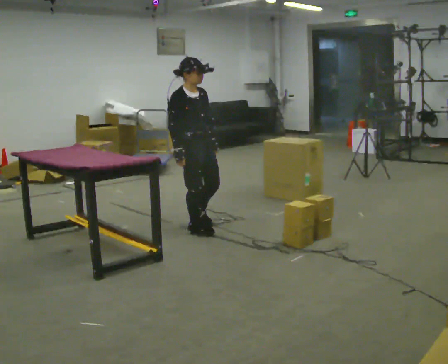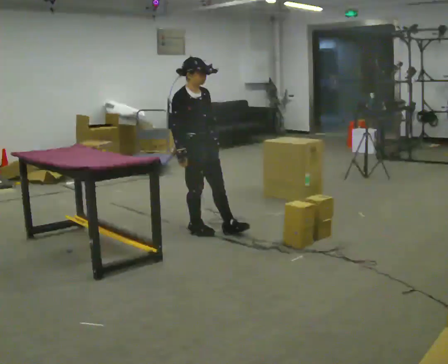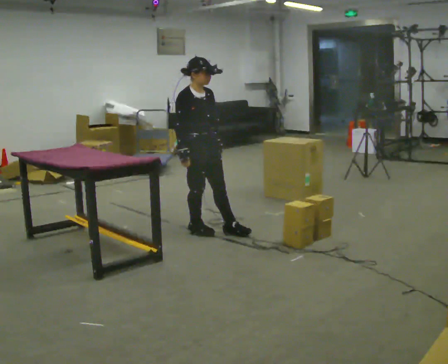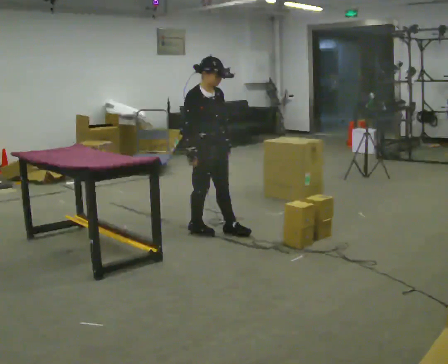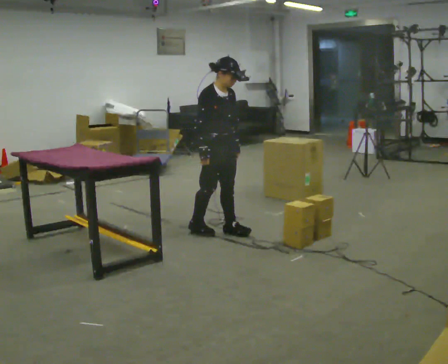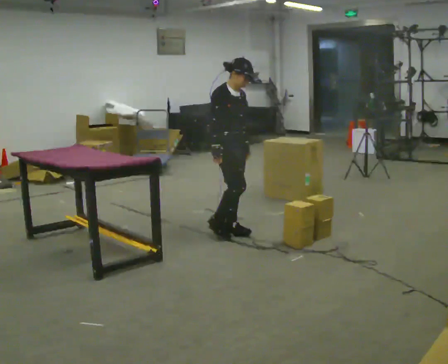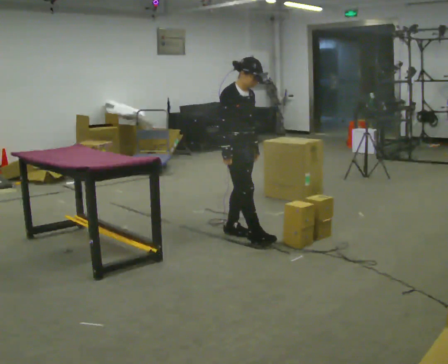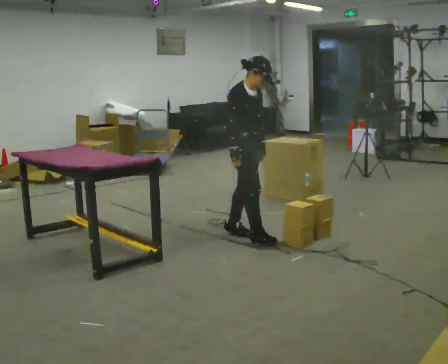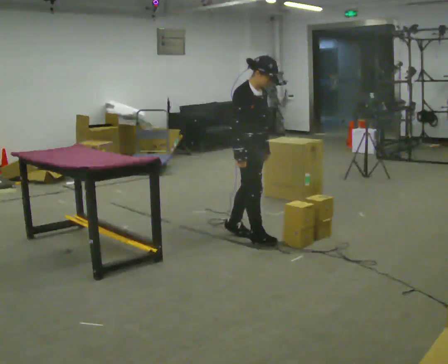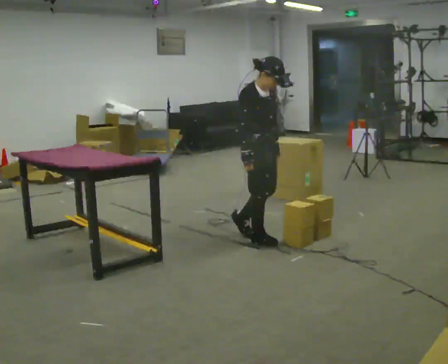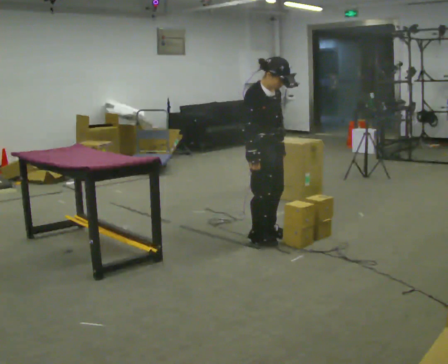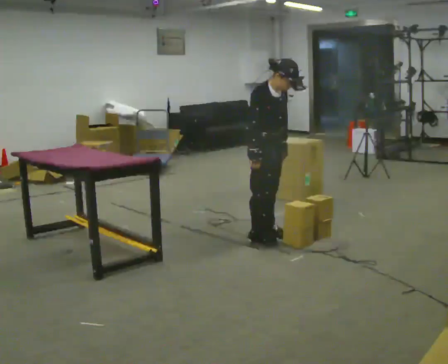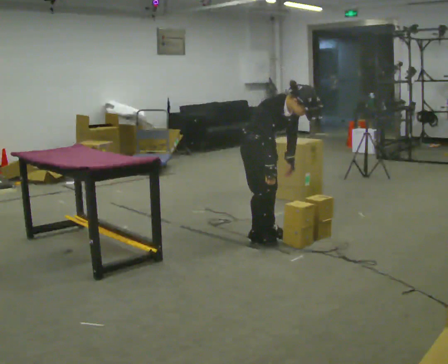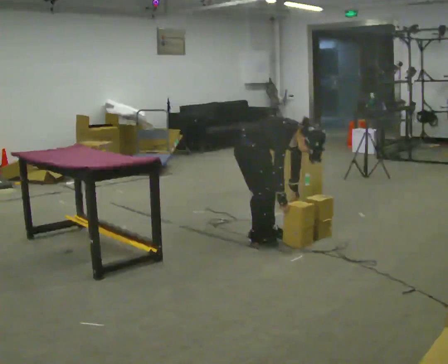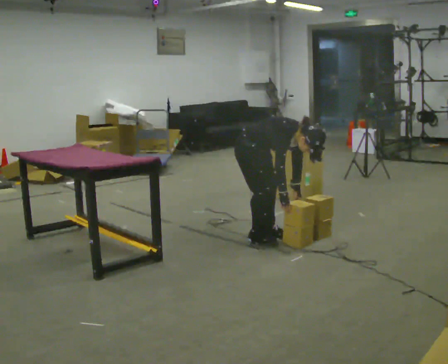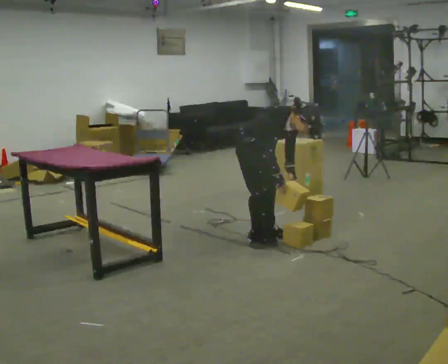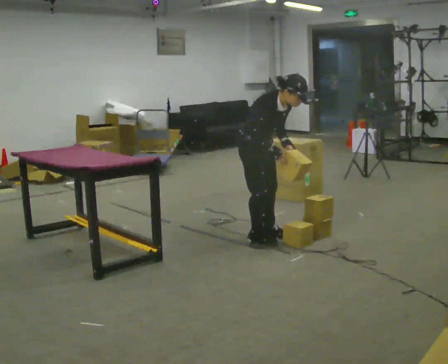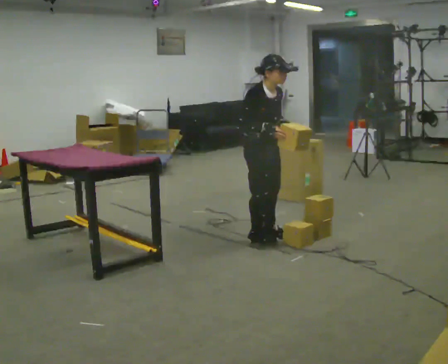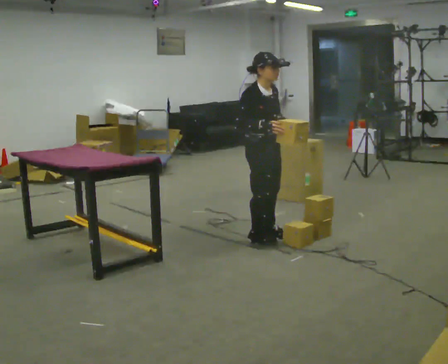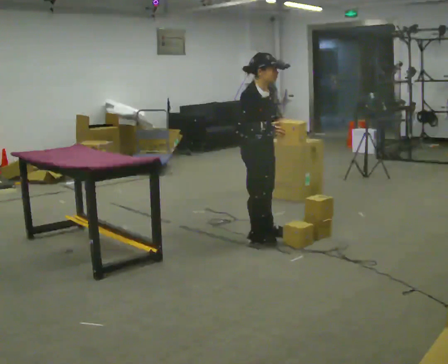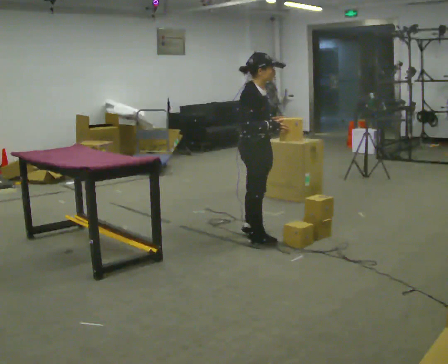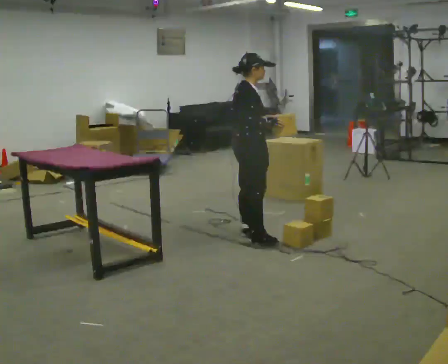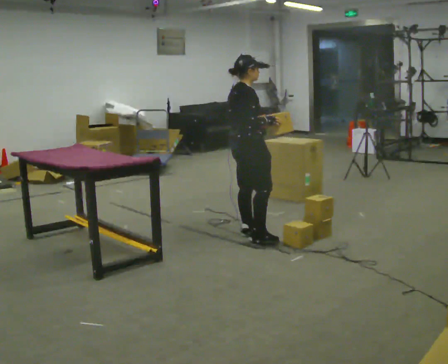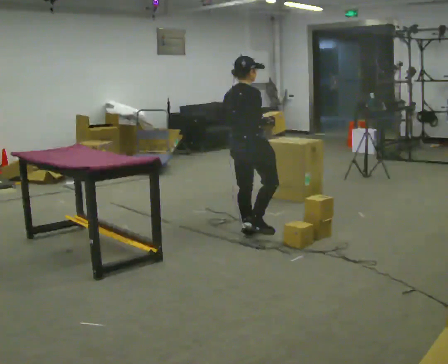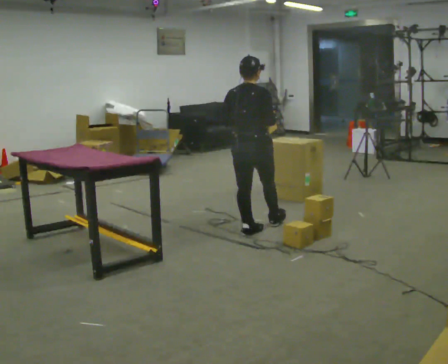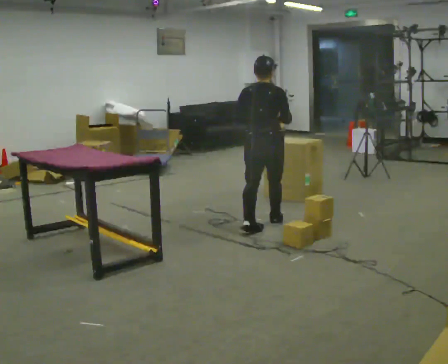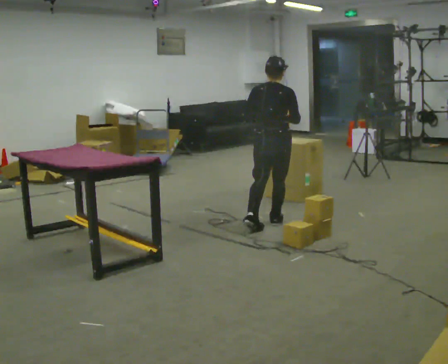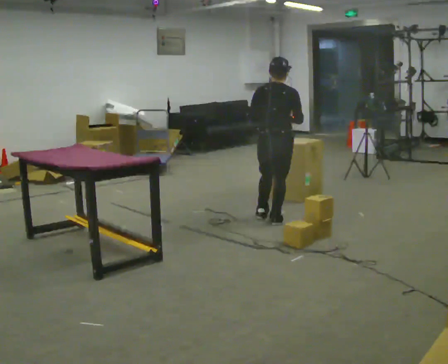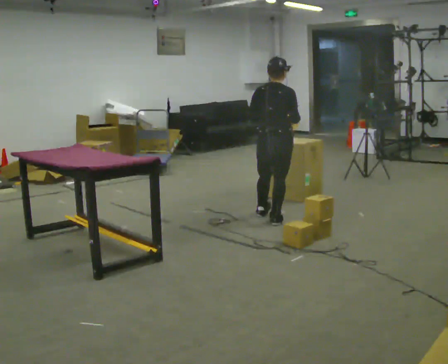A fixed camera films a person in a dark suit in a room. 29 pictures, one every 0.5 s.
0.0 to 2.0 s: In the picture they go to the right, about 0.25 m in 1 step, which for them is forward.
2.0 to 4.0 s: In the picture they go to the right and toward the camera, about 0.25 m in 1 step, which for them is forward.
4.0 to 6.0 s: In the picture the upper body tilts clockwise, shoulders to the right, as they bend forward.
6.0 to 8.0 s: The person moves a little, or ends about where they began.
8.0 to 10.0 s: Seen from above the body turns counterclockwise, about 30 degrees: to their left, with its near side sliding to the right. In the picture the upper body tilts counterclockwise, shoulders to the left, as they lean back or straighten.
10.0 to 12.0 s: The person turns about 75 degrees to their left, counterclockwise seen from above, so the part of the body nearest the lens slides to the right. In the picture they go away from the camera, about 0.25 m.
12.0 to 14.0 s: In the picture they go away from the camera and to the right, about 0.5 m in 2 steps, which for them is forward and to their right.
The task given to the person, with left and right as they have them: 1. The operator will tell you the shelf is already sorted and just needs moving to the table. 2. Do what you think is right. 3. Tell the operator when you are finished.
The film runs forward here.
